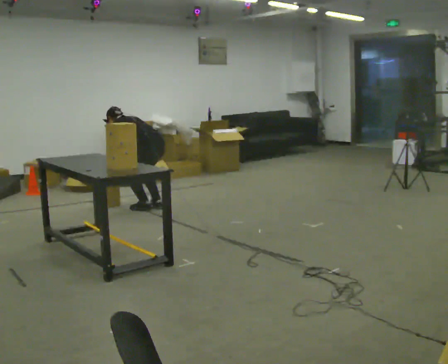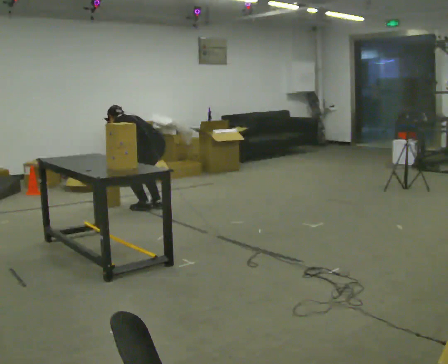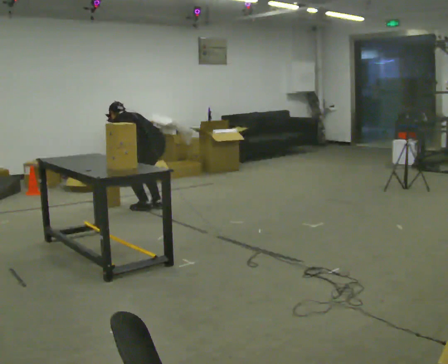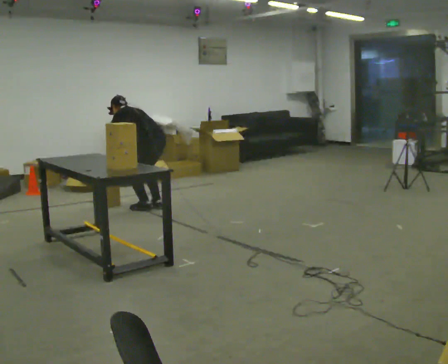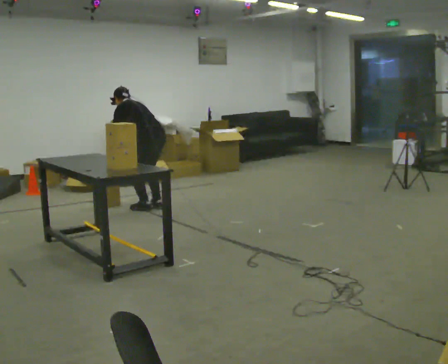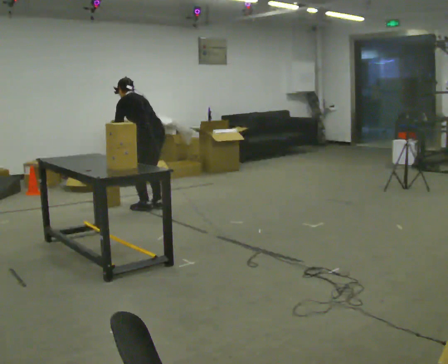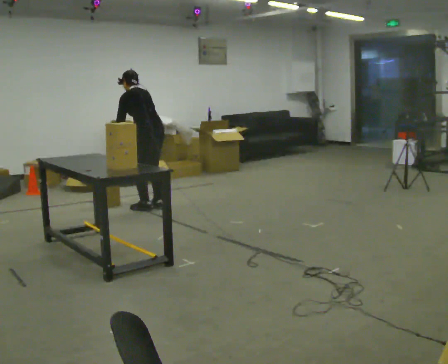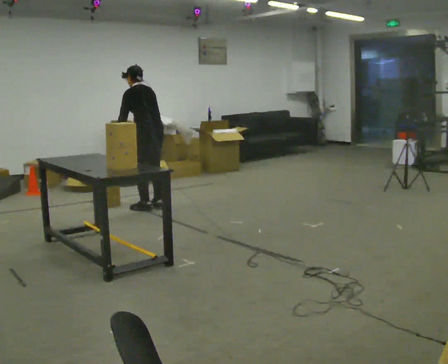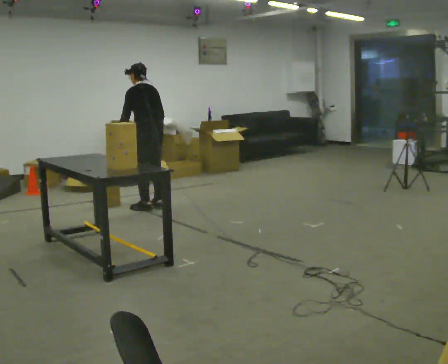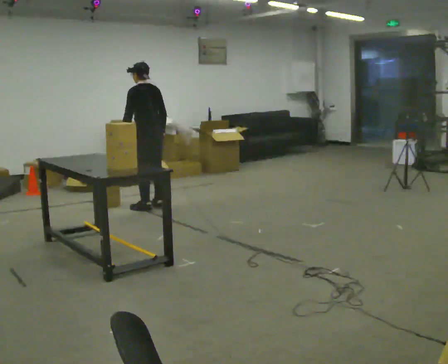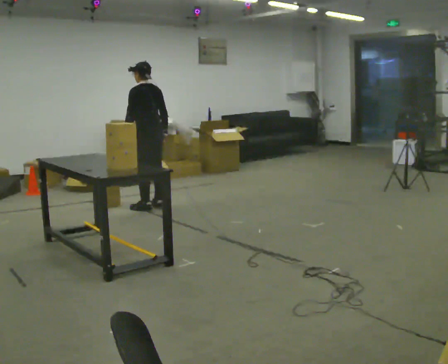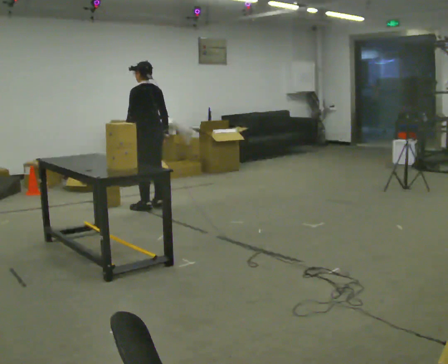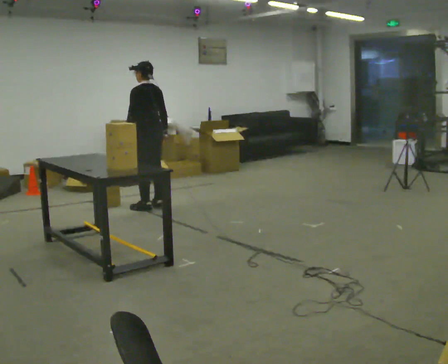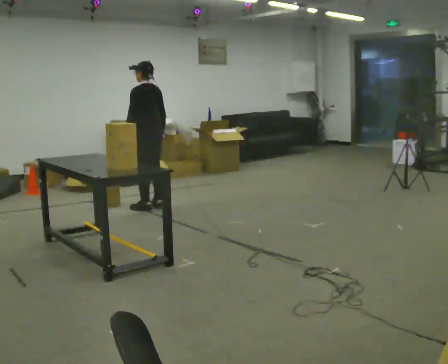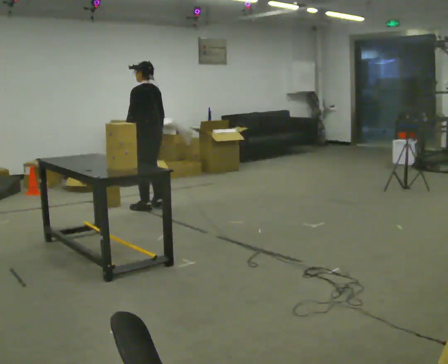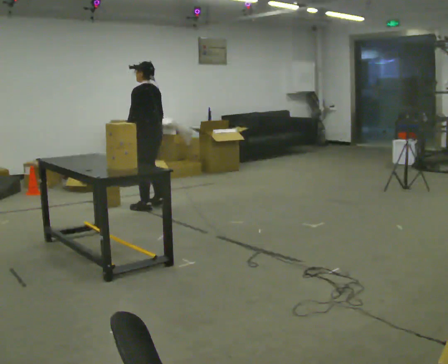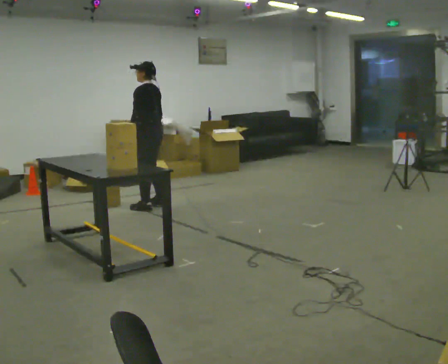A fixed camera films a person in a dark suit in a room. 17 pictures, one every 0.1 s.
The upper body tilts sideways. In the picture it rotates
clockwise.
The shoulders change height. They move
upward.
0.0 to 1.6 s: The upper body goes upward. In the picture the upper body tilts clockwise, shoulders to the right, as they lean back or straighten. In the picture their right hand goes upward and to the right.
The film runs forward here.
